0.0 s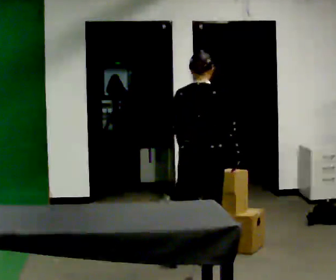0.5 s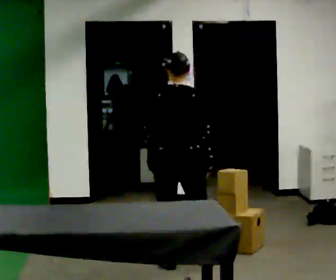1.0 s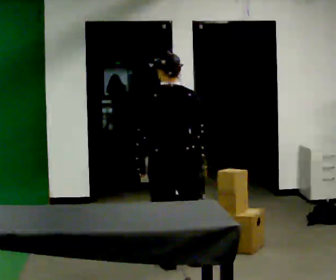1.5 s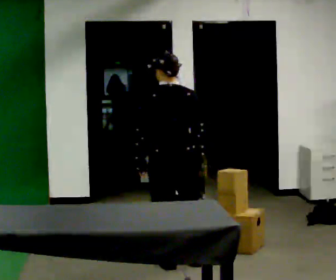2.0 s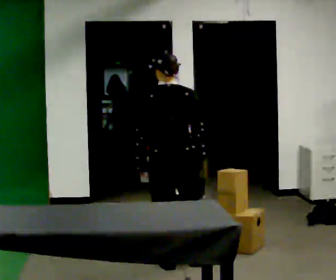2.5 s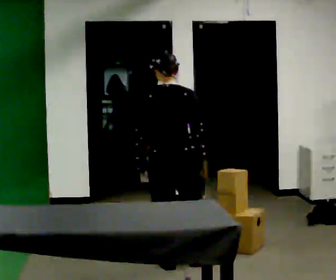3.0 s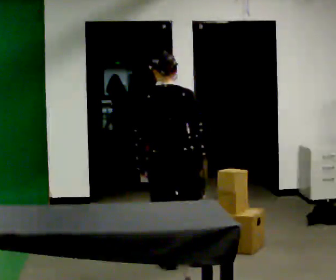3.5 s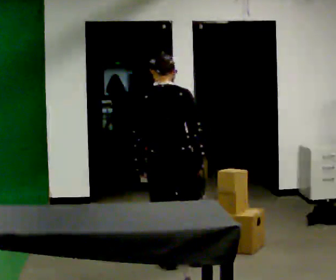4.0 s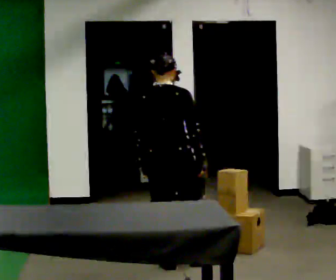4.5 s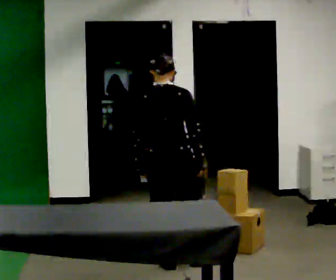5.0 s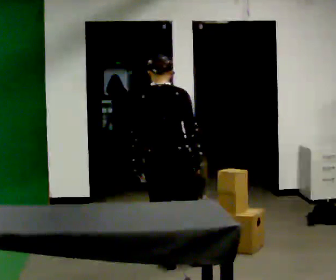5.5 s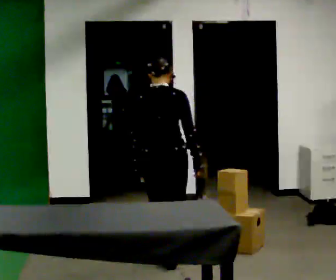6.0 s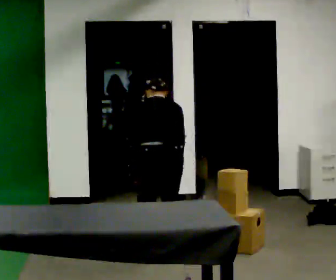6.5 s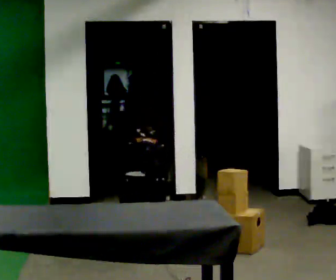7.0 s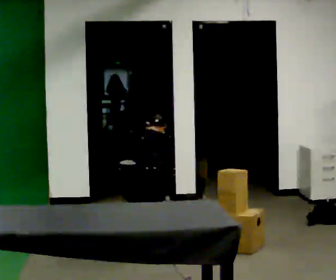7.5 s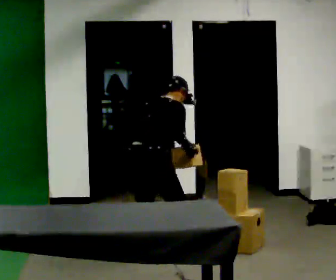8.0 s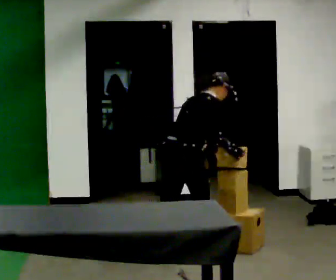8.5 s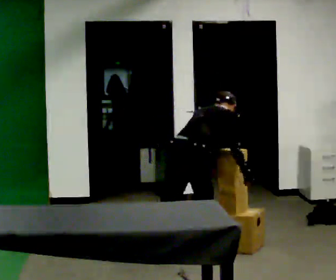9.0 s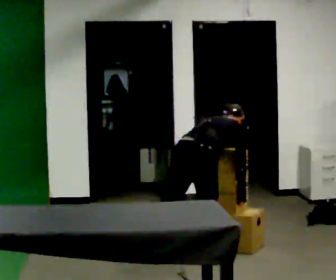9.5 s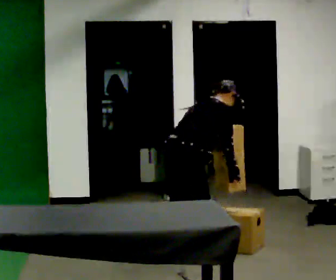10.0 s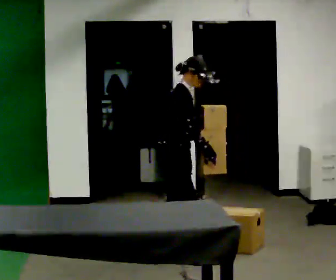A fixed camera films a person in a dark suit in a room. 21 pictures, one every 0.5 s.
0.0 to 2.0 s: In the picture they go to the left, about 0.25 m in 1 step, which for them is to their left.
2.0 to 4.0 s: The person moves a little, or ends about where they began.
4.0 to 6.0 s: In the picture they go away from the camera, about 0.25 m in 1 step, which for them is forward. The upper body tips away from the camera, its near side rolling upward, as they bend forward.
6.0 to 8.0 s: Seen from above the body turns clockwise, about 60 degrees: to their right, with its near side sliding to the left. In the picture the upper body tilts clockwise, shoulders to the right. In the picture their left hand goes to the right.
8.0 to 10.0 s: The part of the body nearest the lens slides to the left as the person turns to their right by about 45 degrees.
The film runs forward here.
